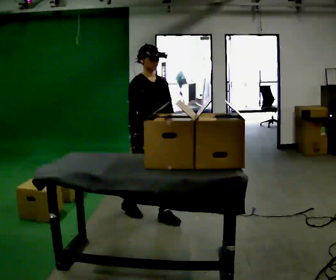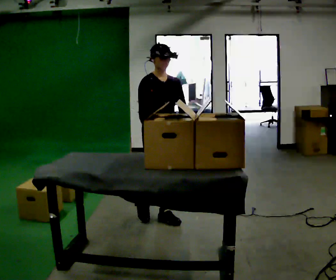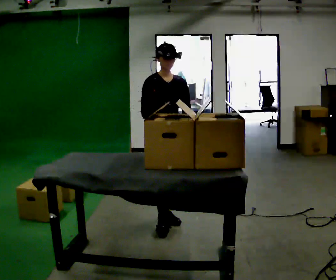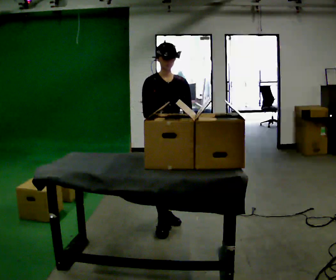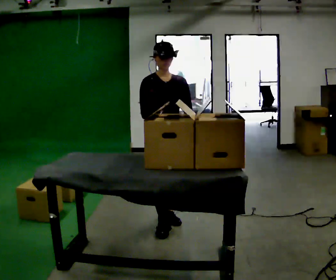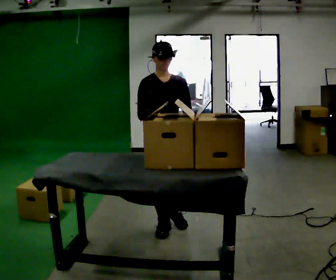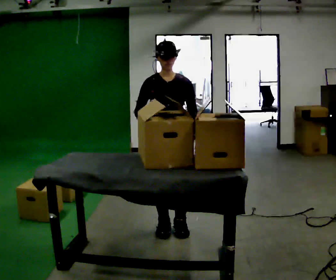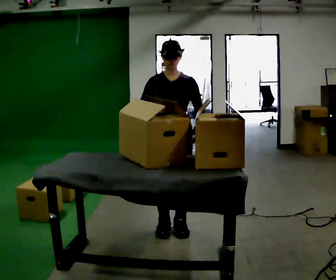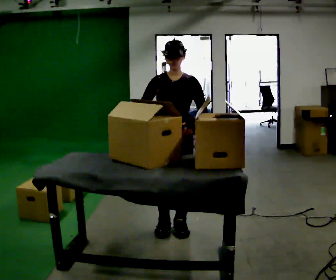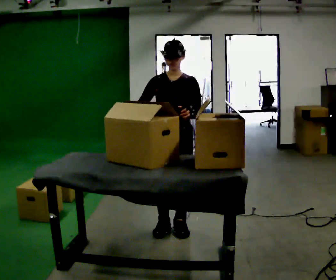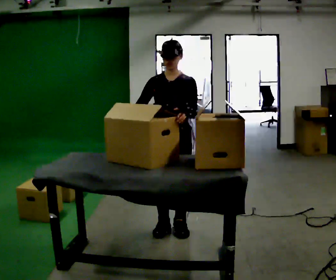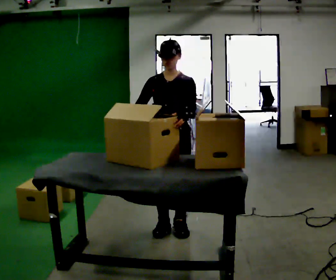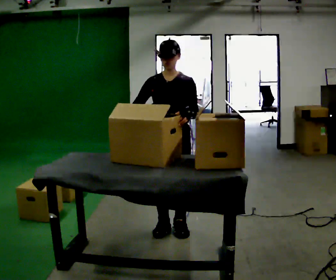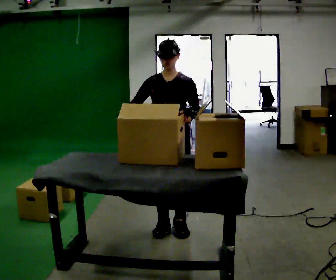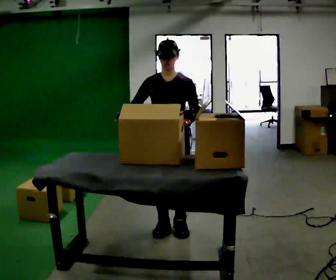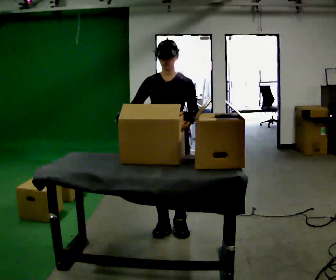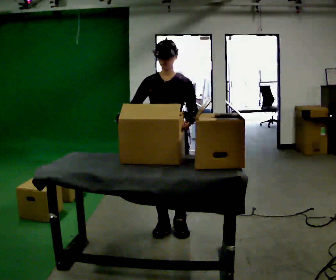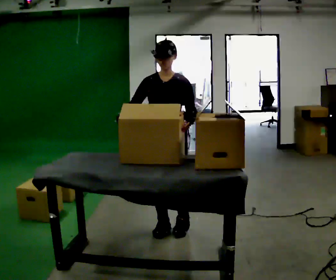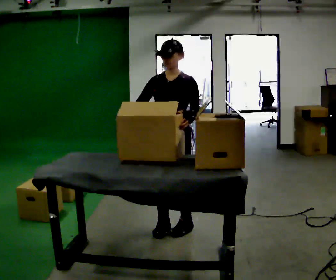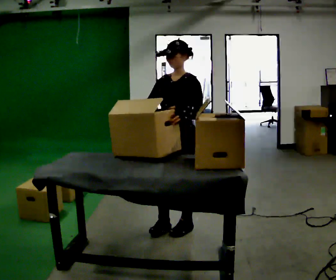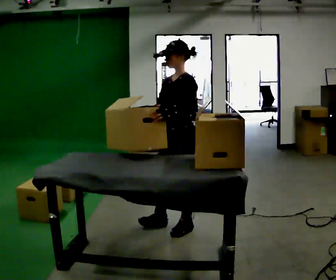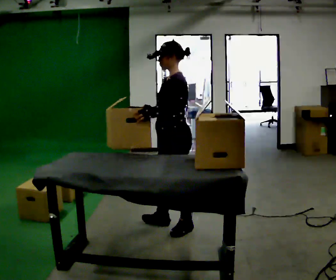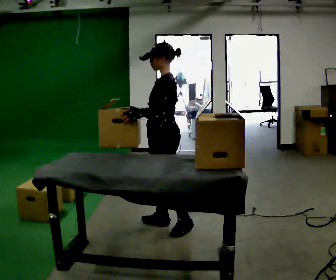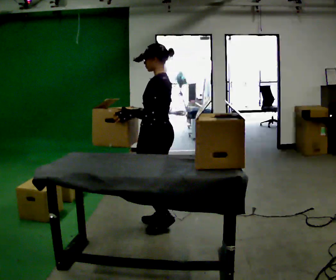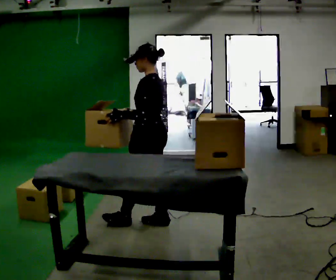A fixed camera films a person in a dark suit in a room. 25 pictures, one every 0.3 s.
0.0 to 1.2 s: In the picture they go toward the camera, about 0.25 m in 1 step, which for them is forward.
1.2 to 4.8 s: In the picture their right hand goes to the left.
4.8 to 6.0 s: Seen from above the body turns clockwise, about 60 degrees: to their right, with its near side sliding to the left.
6.0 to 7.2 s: Seen from above the body turns clockwise, about 45 degrees: to their right, with its near side sliding to the left. In the picture they go to the left and away from the camera, about 0.25 m, which for them is forward and to their right.
The film runs forward here.
